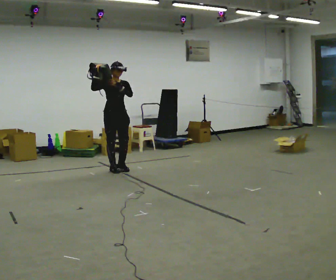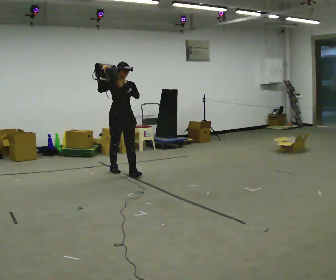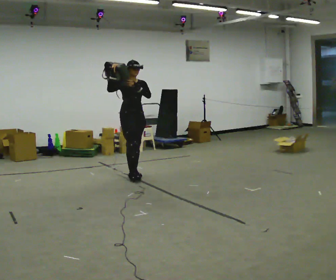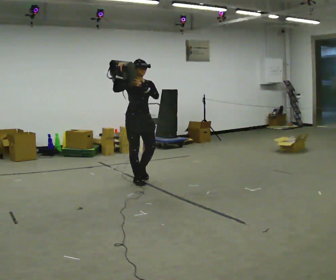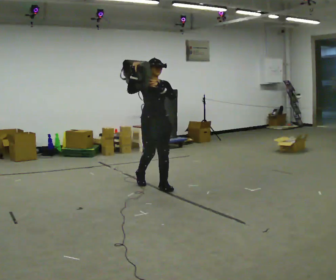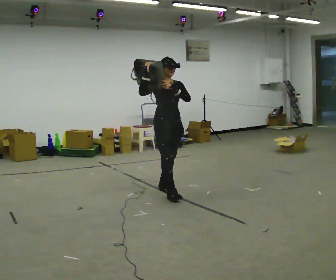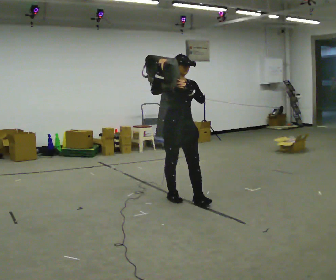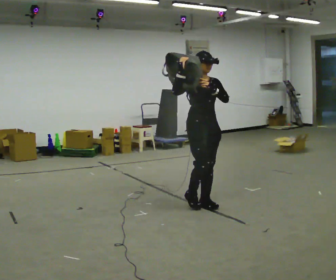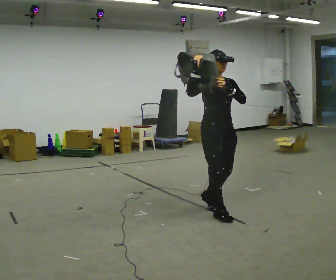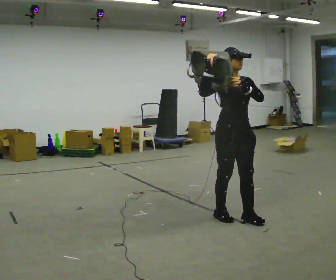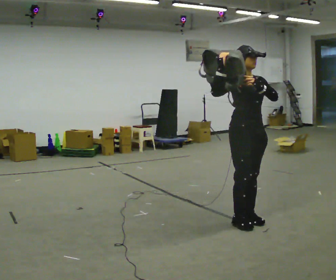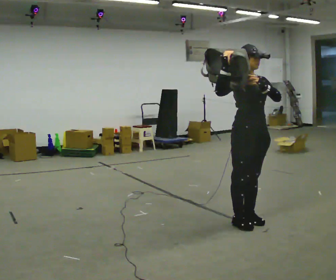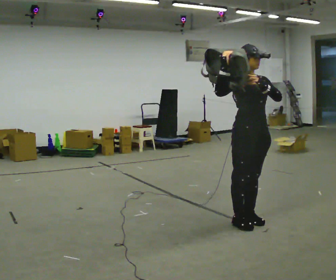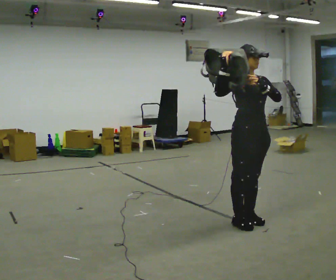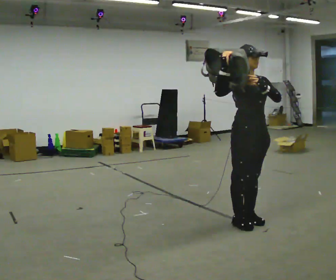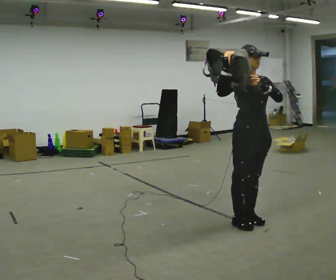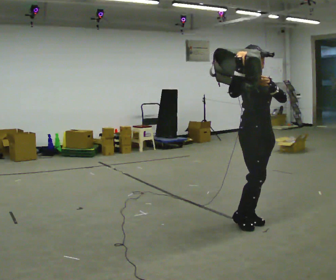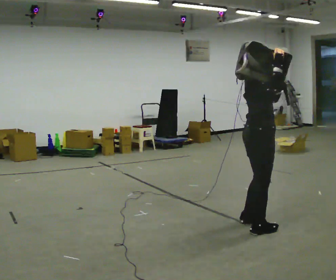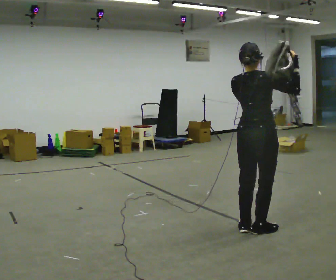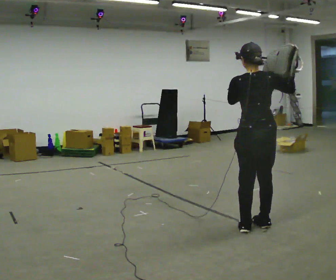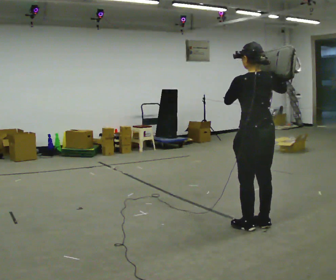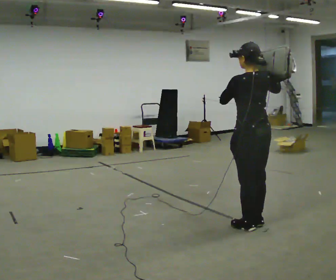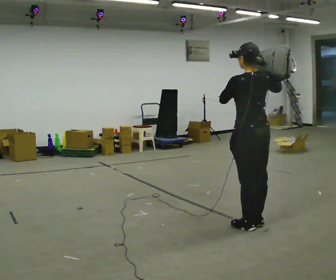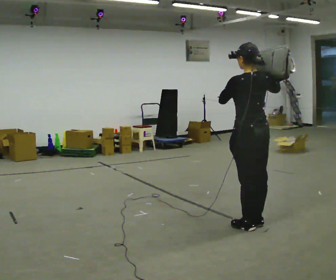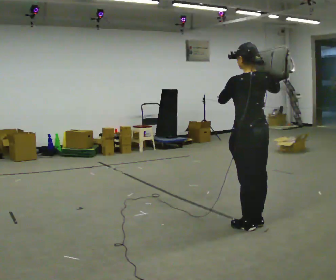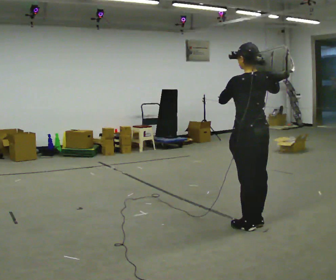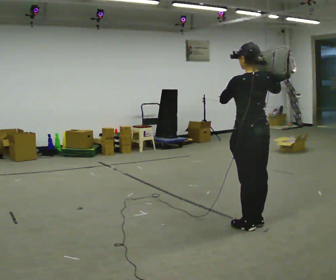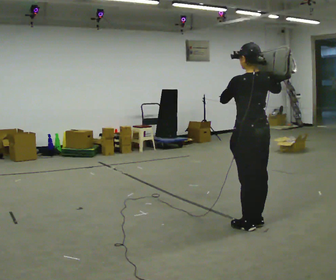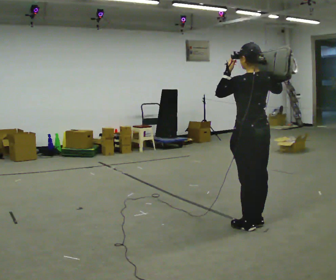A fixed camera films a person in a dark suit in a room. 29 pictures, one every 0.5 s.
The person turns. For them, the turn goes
to their left.
The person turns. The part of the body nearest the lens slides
to the right.
0.0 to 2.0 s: In the picture they go to the right and toward the camera, about 1 m in 3 steps, which for them is forward.
2.0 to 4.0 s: In the picture they go to the right and toward the camera, about 1.5 m in 3 steps, which for them is forward.
4.0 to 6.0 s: In the picture they go to the right and toward the camera, about 0.5 m in 2 steps, which for them is forward.
6.0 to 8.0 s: The person moves a little, or ends about where they began.
8.0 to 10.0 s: The person turns about 165 degrees to their left, counterclockwise seen from above, so the part of the body nearest the lens slides to the right.
10.0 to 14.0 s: The person moves a little, or ends about where they began.
The film runs forward here.
